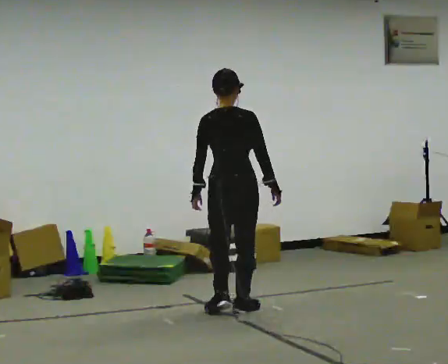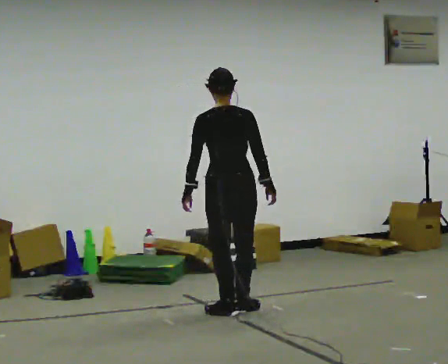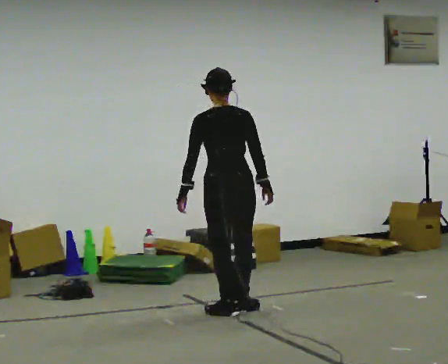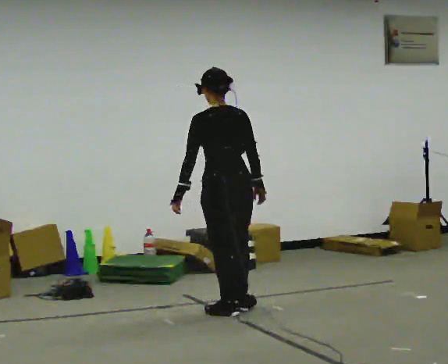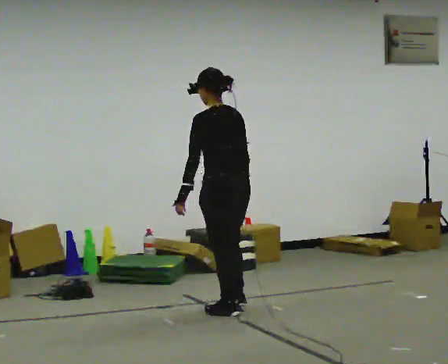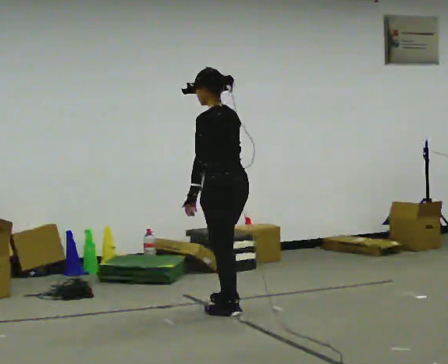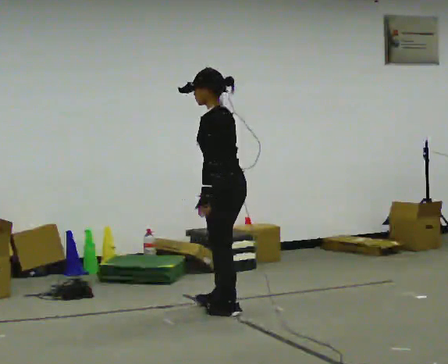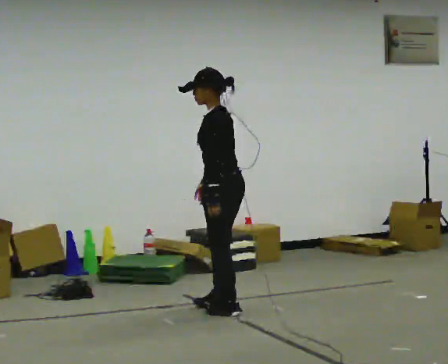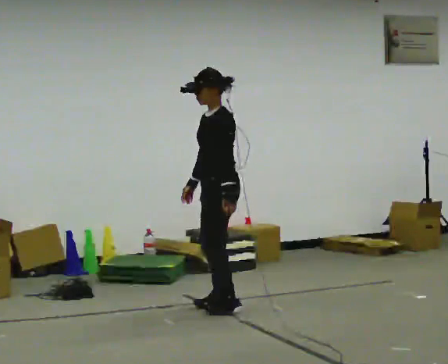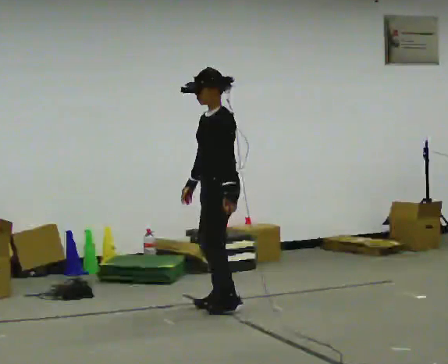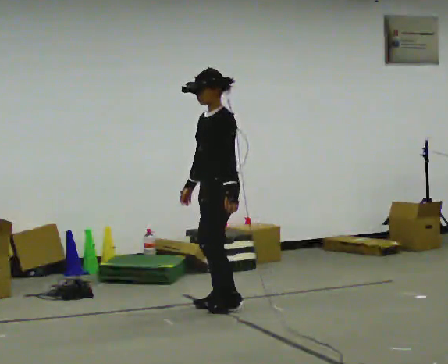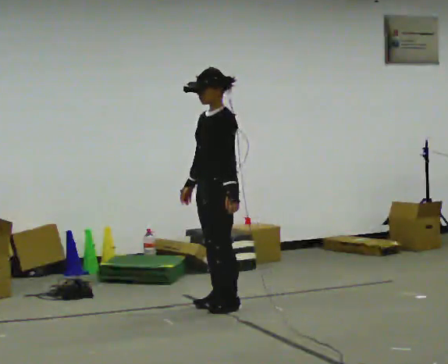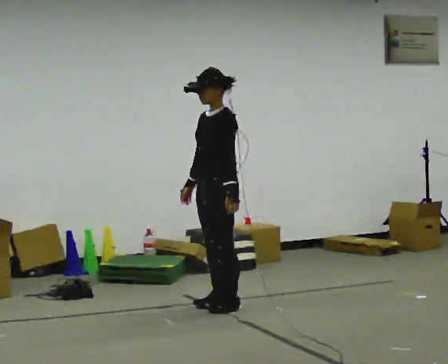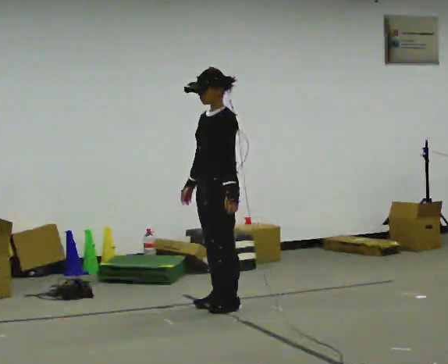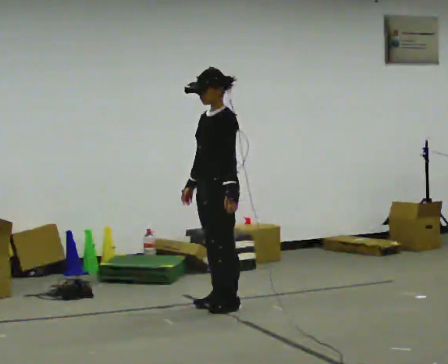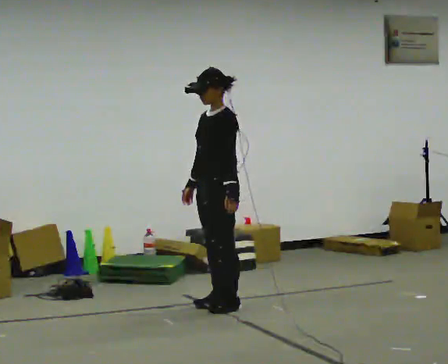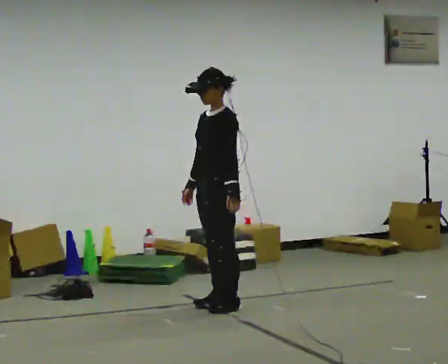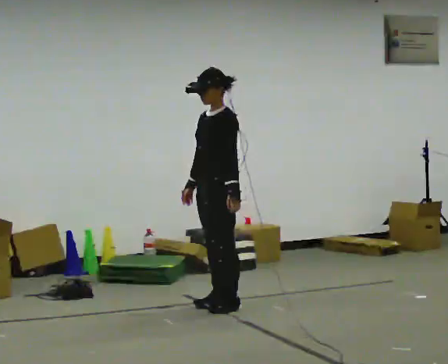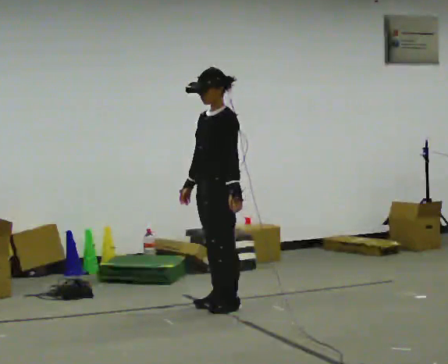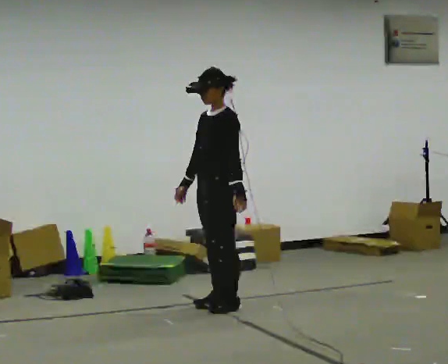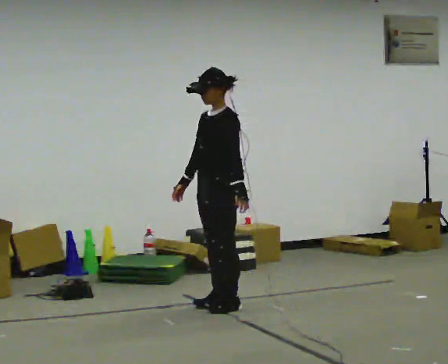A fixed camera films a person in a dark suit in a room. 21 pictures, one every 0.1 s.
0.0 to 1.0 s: The person turns about 120 degrees to their left, counterclockwise seen from above, so the part of the body nearest the lens slides to the right. In the picture their right hand goes to the left, the arm swinging clockwise.
1.0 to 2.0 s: The person moves a little, or ends about where they began.
The film runs backward here.
